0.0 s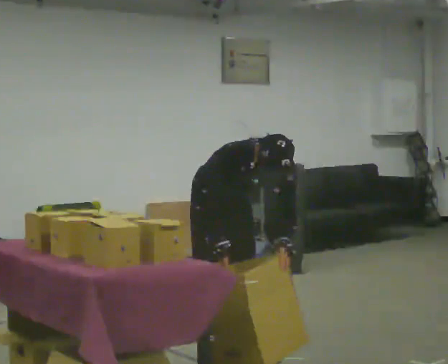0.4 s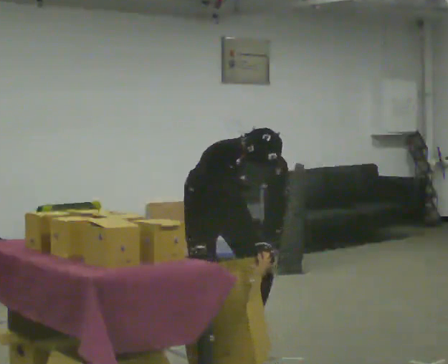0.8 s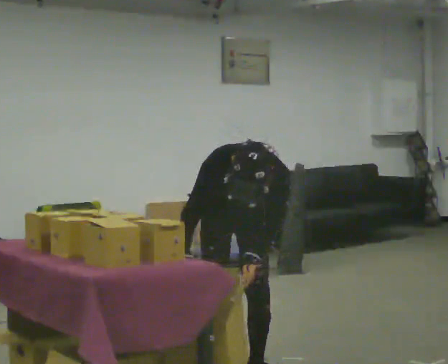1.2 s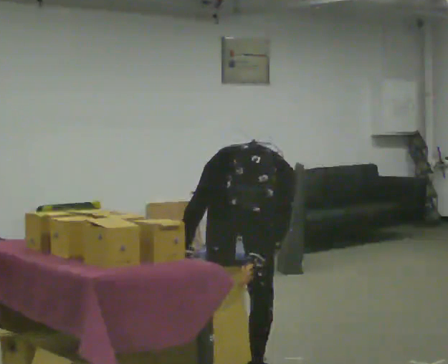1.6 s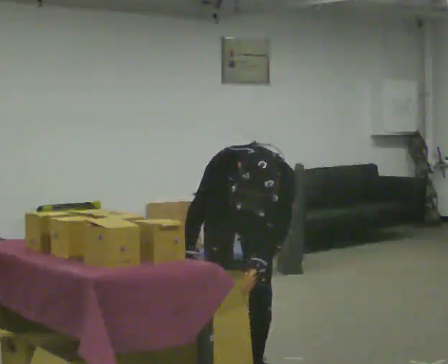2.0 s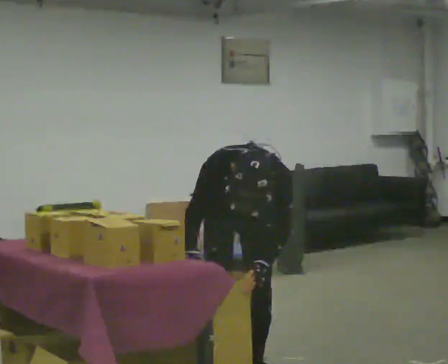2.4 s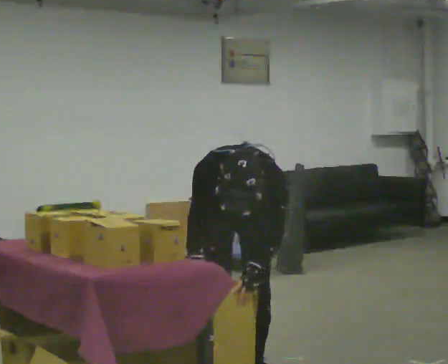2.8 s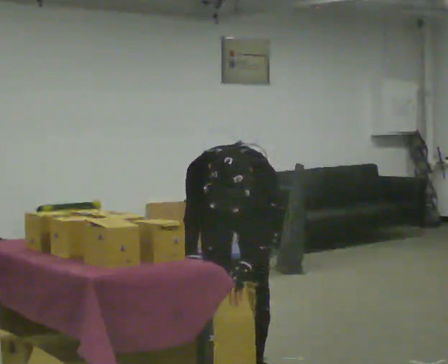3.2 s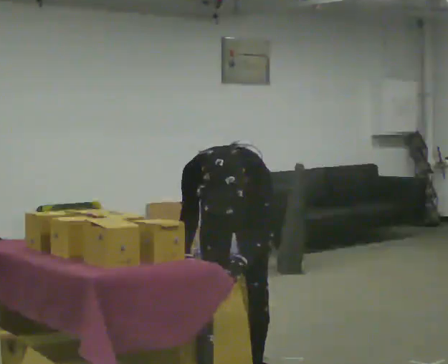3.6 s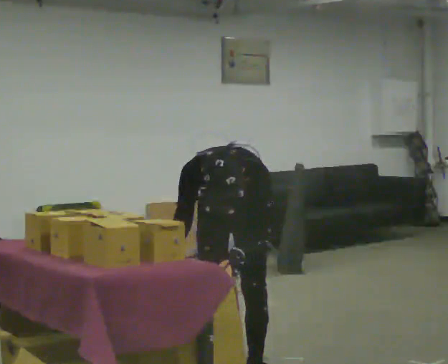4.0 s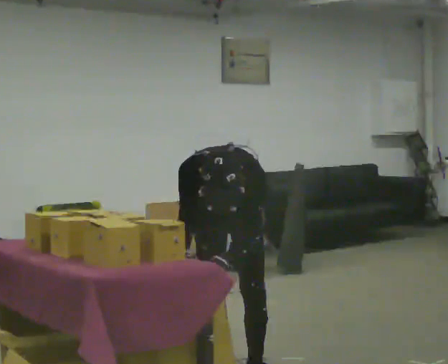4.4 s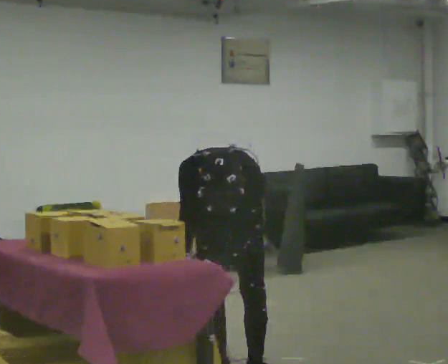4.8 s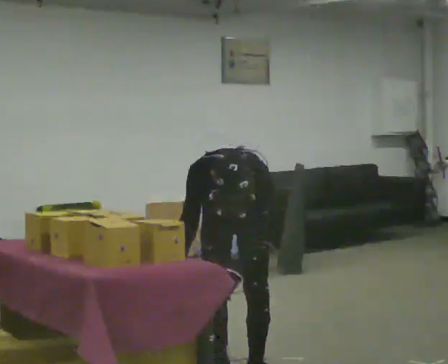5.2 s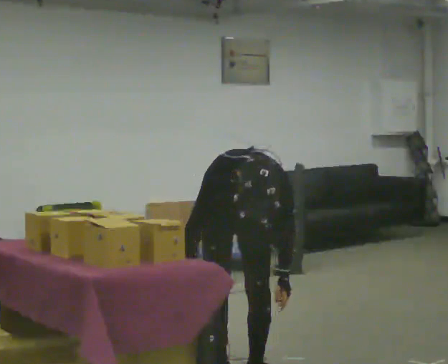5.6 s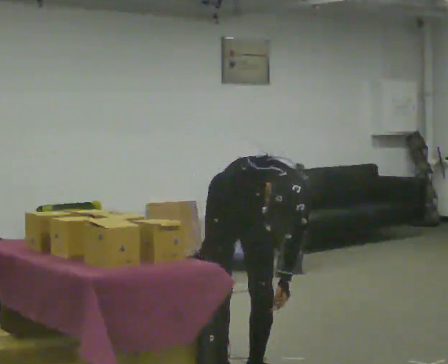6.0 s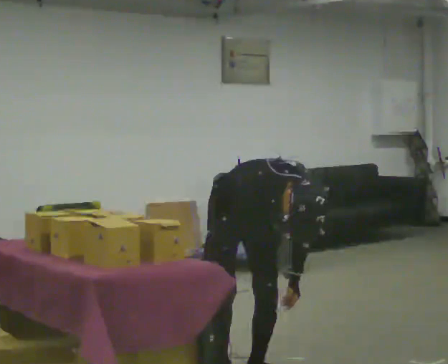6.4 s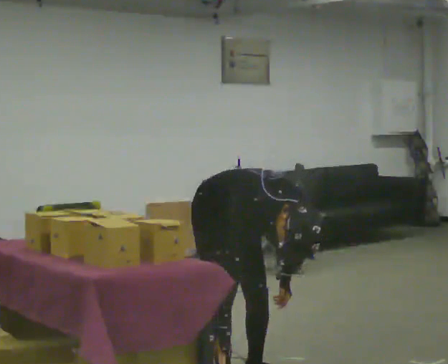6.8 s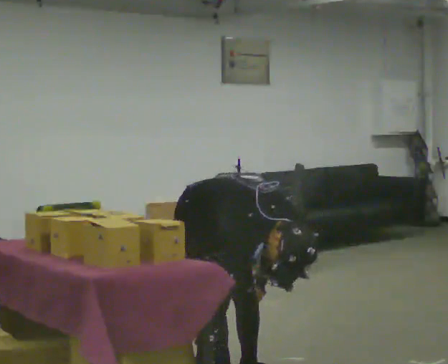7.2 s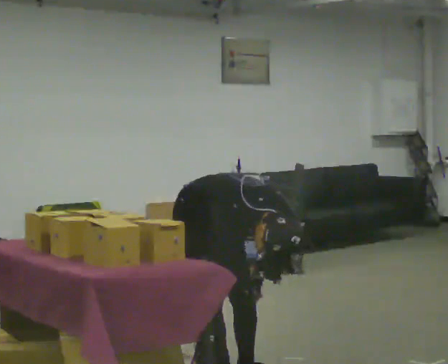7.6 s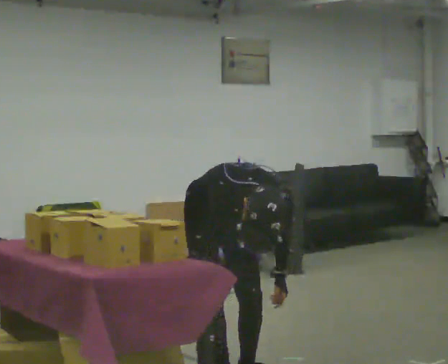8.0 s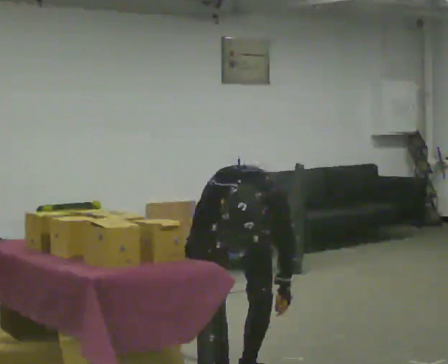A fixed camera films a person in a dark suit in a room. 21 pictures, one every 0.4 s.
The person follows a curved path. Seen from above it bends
clockwise.
0.0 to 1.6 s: In the picture they go toward the camera, about 0.25 m in 2 steps, which for them is forward.
1.6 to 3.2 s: In the picture the upper body tilts counterclockwise, shoulders to the left.
3.2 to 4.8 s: The person moves a little, or ends about where they began.
4.8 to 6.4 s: The person turns about 45 degrees to their left, counterclockwise seen from above, so the part of the body nearest the lens slides to the right. In the picture they go toward the camera, about 0.25 m in 1 step, which for them is forward and to their right. The shoulders move downward. In the picture the upper body tilts clockwise, shoulders to the right, as they bend forward.
6.4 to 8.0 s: Seen from above the body turns clockwise, about 30 degrees: to their right, with its near side sliding to the left. In the picture the upper body tilts counterclockwise, shoulders to the left.
The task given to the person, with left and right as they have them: 1. Take everything out of the crates by the door. 2. Put the small items on the middle shelf. 3. Put the large items on the bottom shelf. 4. Stack the empty crates by the door. 5. Tell the operator when you are finished.
The film runs forward here.
